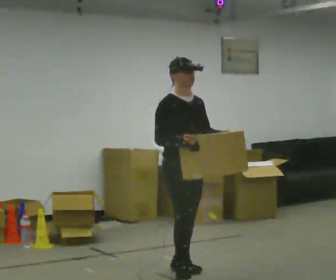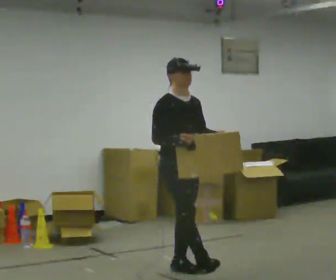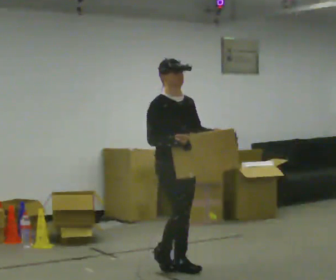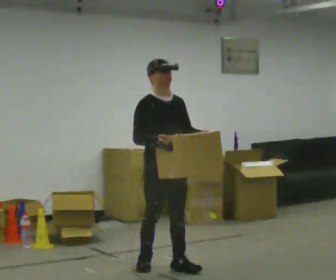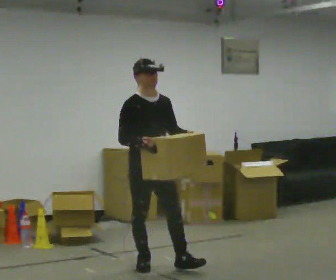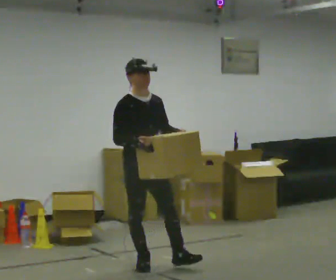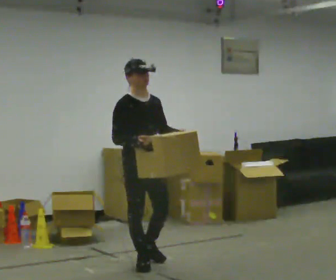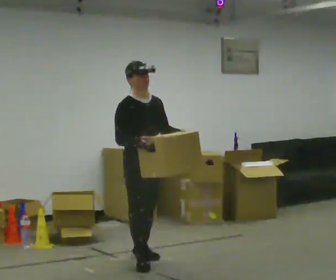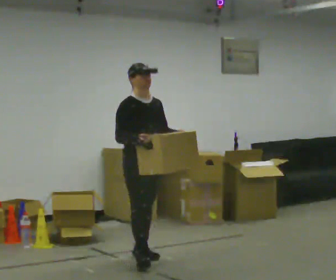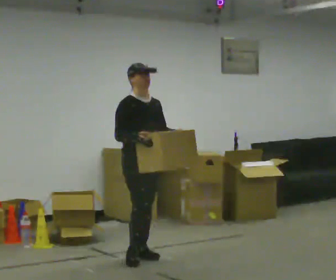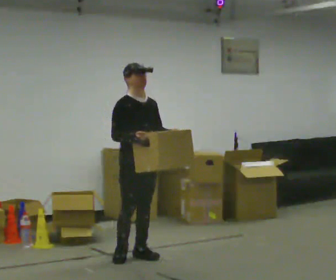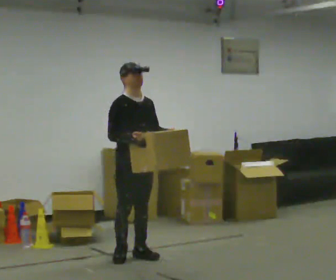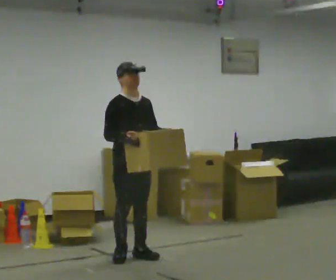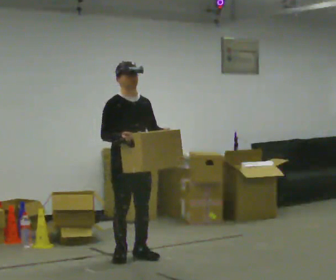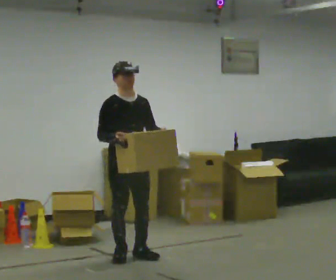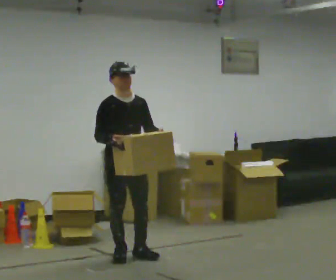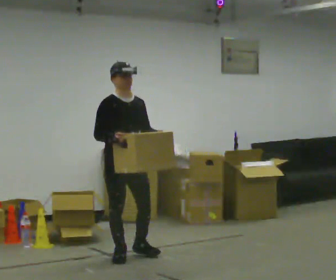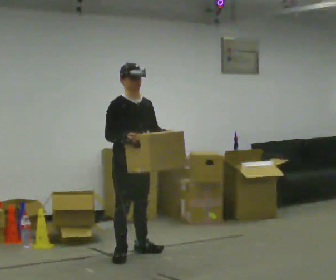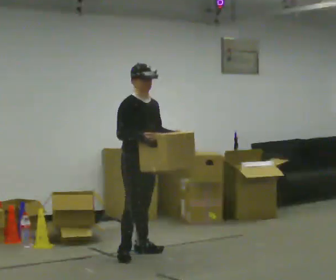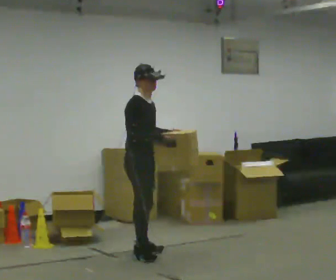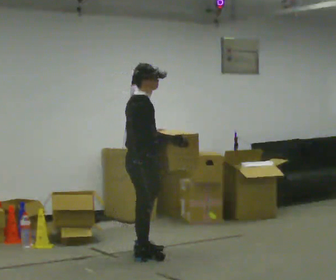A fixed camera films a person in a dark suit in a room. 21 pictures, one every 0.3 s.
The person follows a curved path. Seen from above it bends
clockwise.
0.0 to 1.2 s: In the picture they go to the left and away from the camera, about 0.25 m in 1 step, which for them is backward.
1.2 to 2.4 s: In the picture they go away from the camera, about 0.25 m, which for them is backward and to their left.
2.4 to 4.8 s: In the picture they go to the left, about 0.25 m in 1 step, which for them is backward.
4.8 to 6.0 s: The part of the body nearest the lens slides to the right as the person turns to their left by about 75 degrees. In the picture they go to the right, about 0.25 m. In the picture their right hand goes to the right.
The film runs backward here.
